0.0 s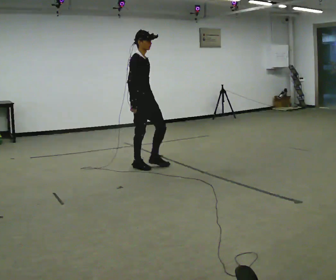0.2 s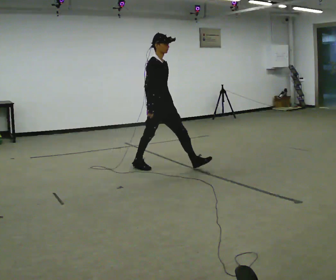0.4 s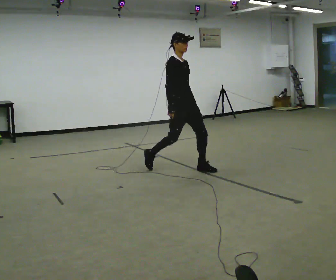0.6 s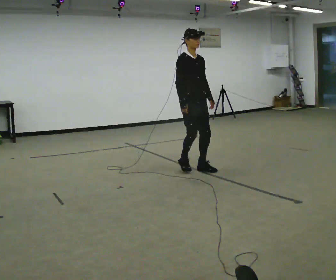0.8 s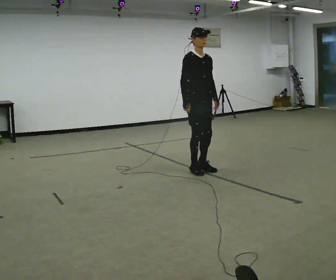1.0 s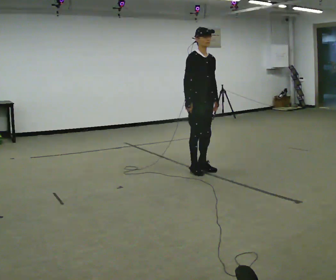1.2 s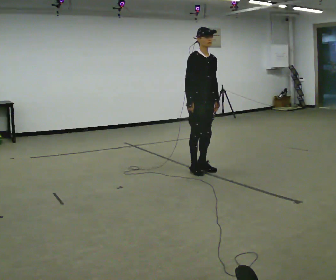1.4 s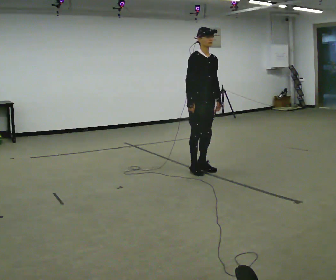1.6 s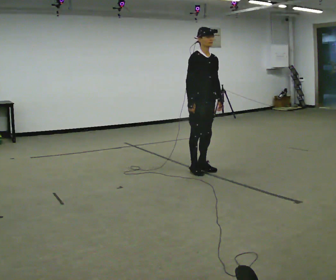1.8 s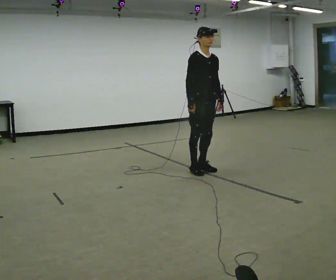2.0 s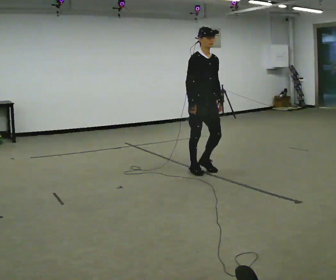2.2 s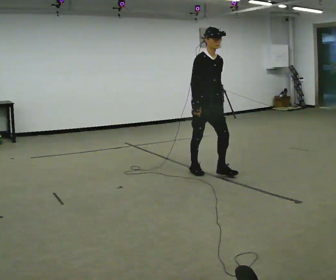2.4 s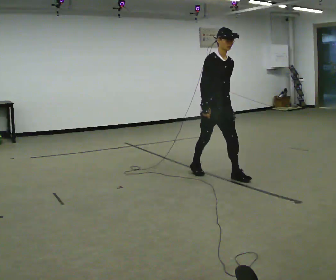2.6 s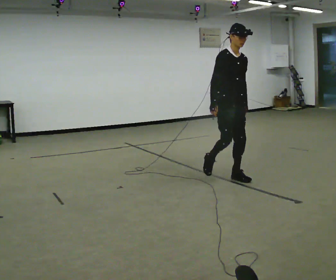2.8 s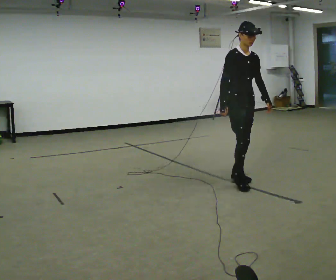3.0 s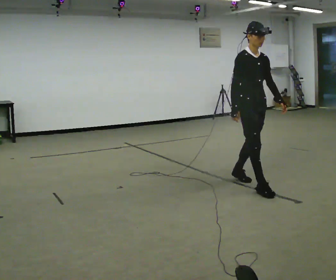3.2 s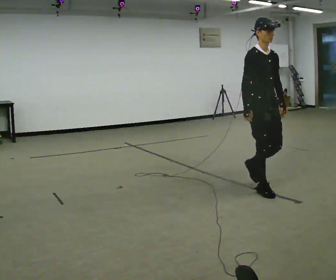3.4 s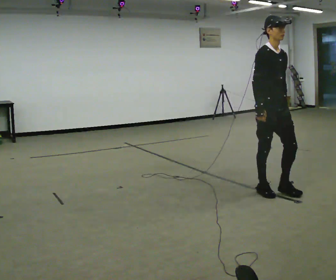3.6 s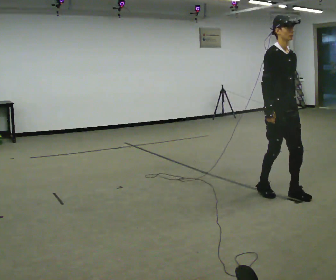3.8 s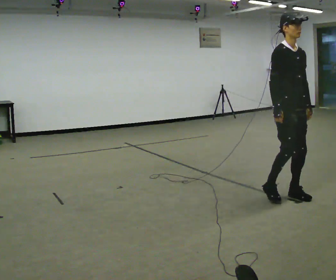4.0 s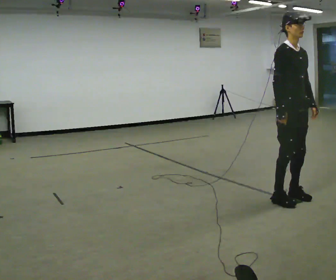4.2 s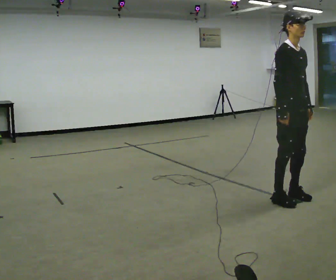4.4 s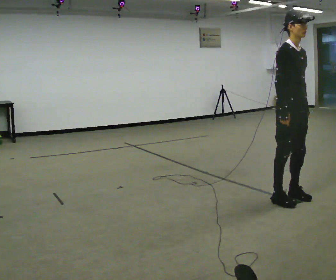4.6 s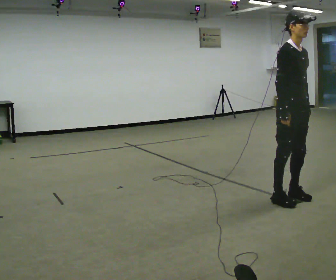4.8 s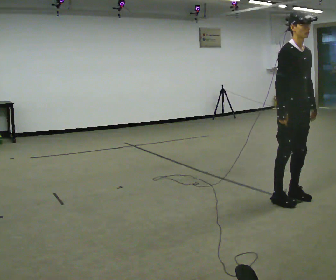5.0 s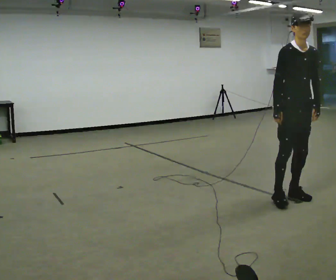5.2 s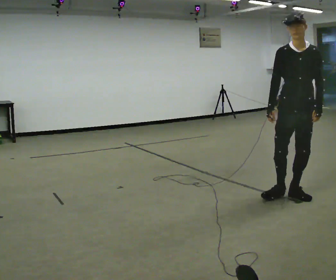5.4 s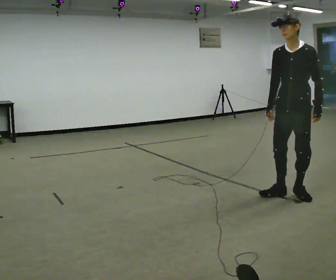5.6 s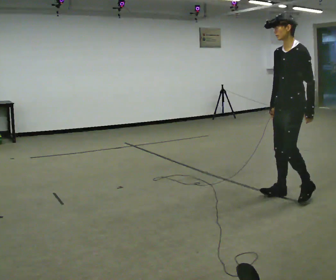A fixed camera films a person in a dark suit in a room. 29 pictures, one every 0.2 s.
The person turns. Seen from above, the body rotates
clockwise.
The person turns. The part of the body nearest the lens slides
to the left.
0.0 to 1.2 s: Seen from above the body turns clockwise, about 30 degrees: to their right, with its near side sliding to the left. In the picture they go to the right, about 0.75 m in 2 steps, which for them is forward and to their left.
1.2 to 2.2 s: In the picture they go toward the camera, about 0.25 m, which for them is forward.
2.2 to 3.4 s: In the picture they go toward the camera and to the right, about 1 m in 2 steps, which for them is forward.
3.4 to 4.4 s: In the picture they go toward the camera, about 0.25 m in 2 steps, which for them is forward.
4.4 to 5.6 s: The person turns about 120 degrees to their right, clockwise seen from above, so the part of the body nearest the lens slides to the left.
The film runs forward here.
